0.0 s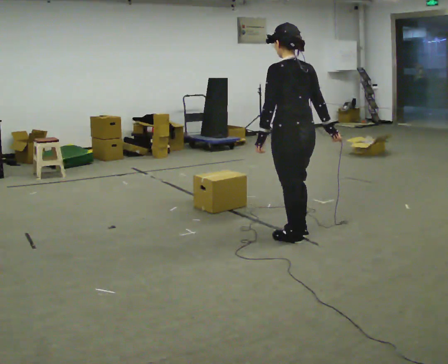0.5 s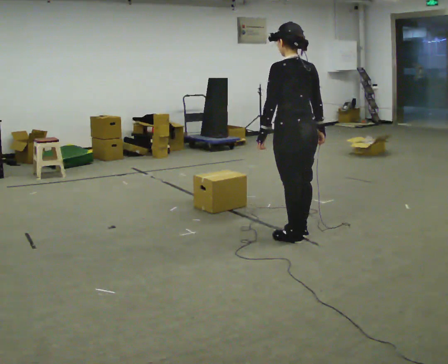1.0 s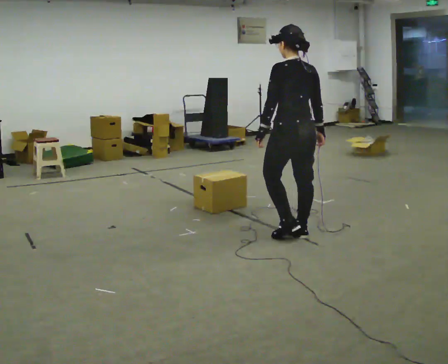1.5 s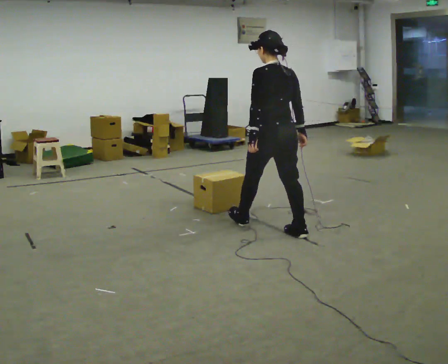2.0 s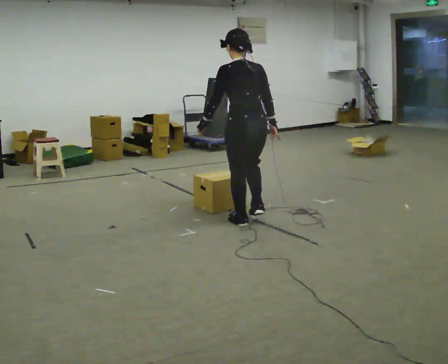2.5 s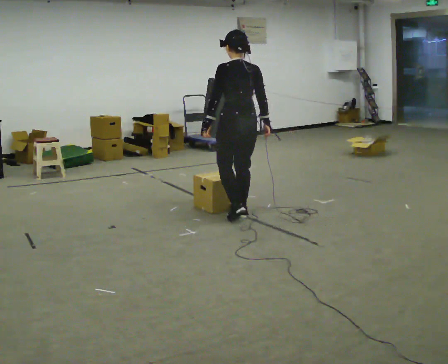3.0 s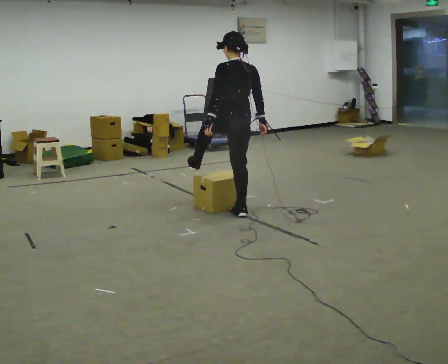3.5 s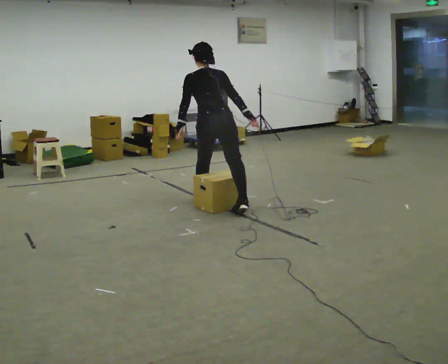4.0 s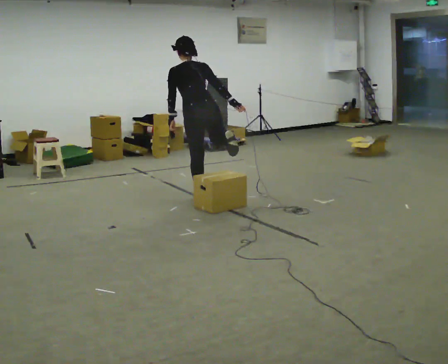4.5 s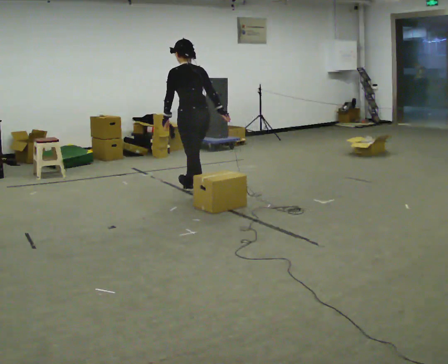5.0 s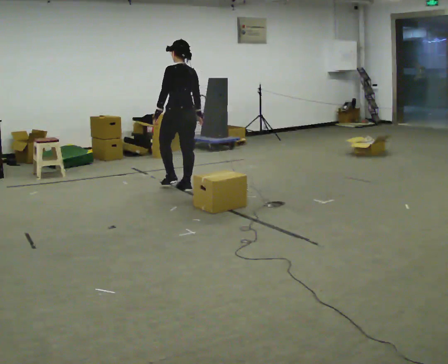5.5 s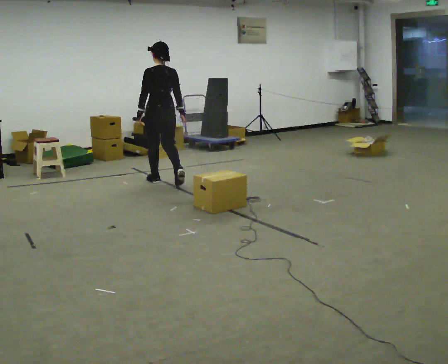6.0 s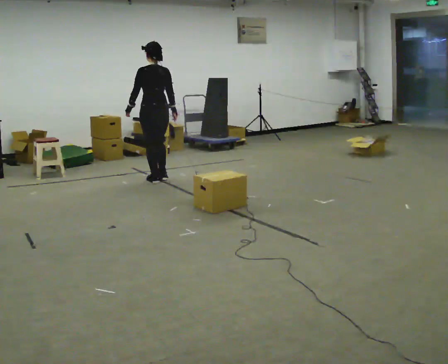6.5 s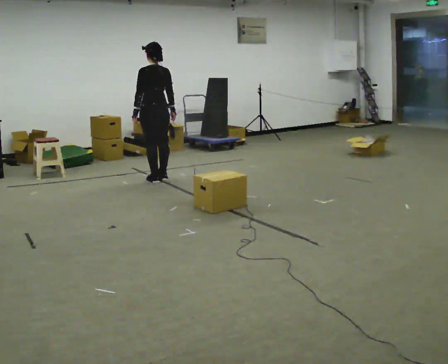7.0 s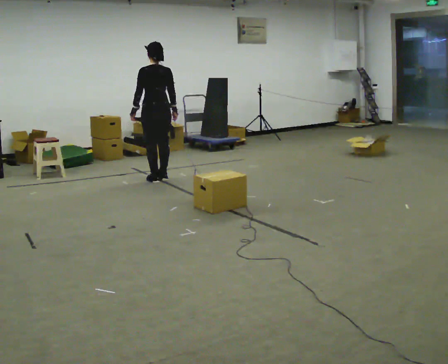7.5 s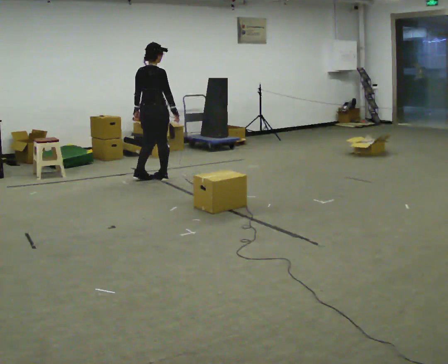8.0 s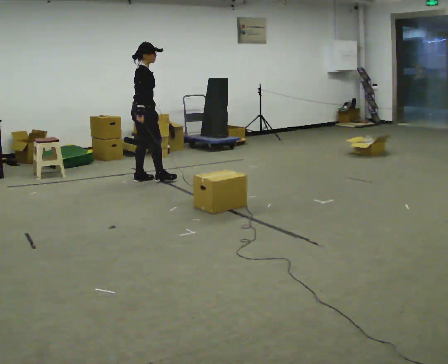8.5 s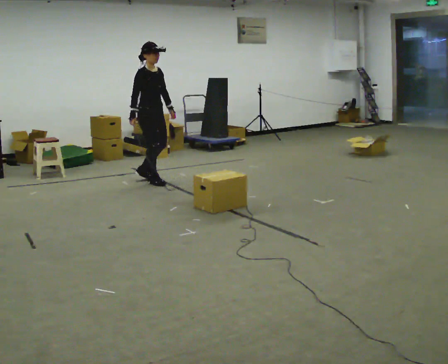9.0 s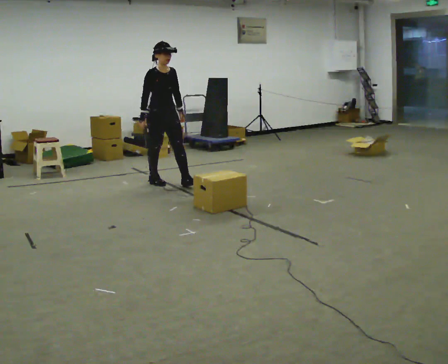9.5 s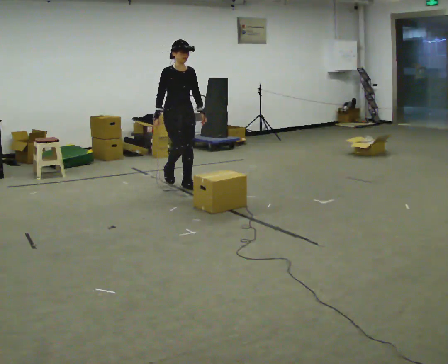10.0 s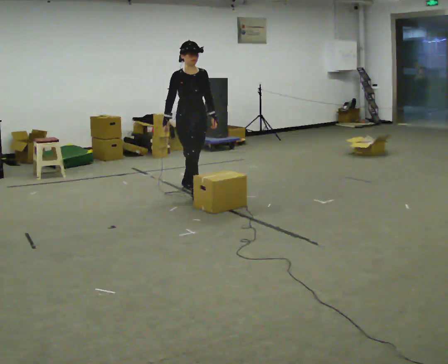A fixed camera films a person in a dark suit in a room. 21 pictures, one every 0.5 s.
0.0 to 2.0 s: In the picture they go away from the camera and to the left, about 0.5 m in 1 step, which for them is forward.
2.0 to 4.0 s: In the picture they go away from the camera and to the left, about 1 m in 2 steps, which for them is forward.
4.0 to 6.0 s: In the picture they go away from the camera and to the left, about 1 m in 3 steps, which for them is forward. In the picture the upper body tilts clockwise, shoulders to the right, as they lean back or straighten.
6.0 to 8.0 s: The person turns about 120 degrees to their right, clockwise seen from above, so the part of the body nearest the lens slides to the left. In the picture they go to the left, about 0.25 m in 1 step. In the picture their right hand goes to the left.
8.0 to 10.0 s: The person turns about 75 degrees to their right, clockwise seen from above, so the part of the body nearest the lens slides to the left. In the picture they go to the right and toward the camera, about 1 m in 3 steps.
The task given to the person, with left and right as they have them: Walk across the room at a normal pace, looking ahead. Something may appear in your way. Deal with it however comes naturally and carry on.
The film runs forward here.
